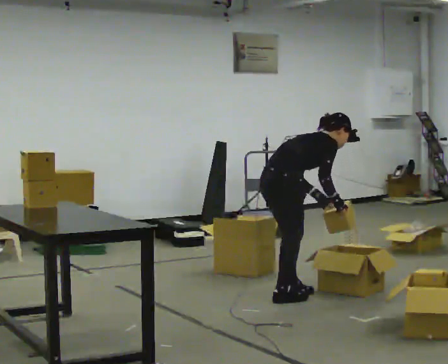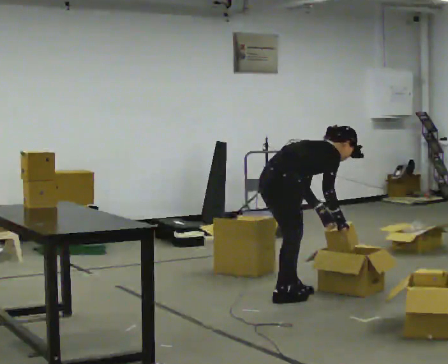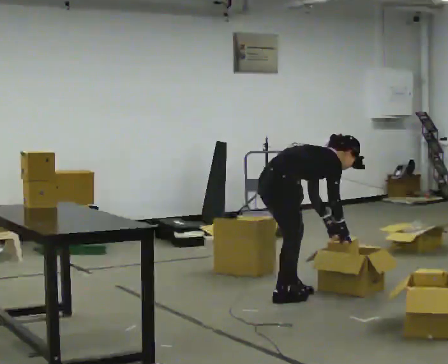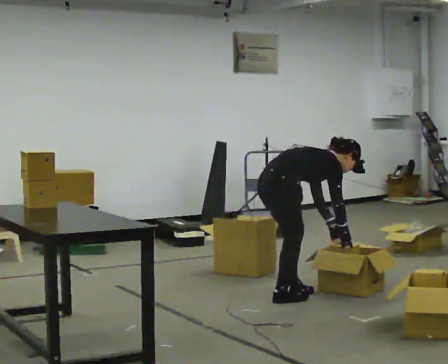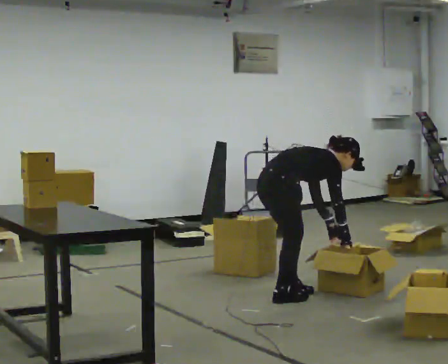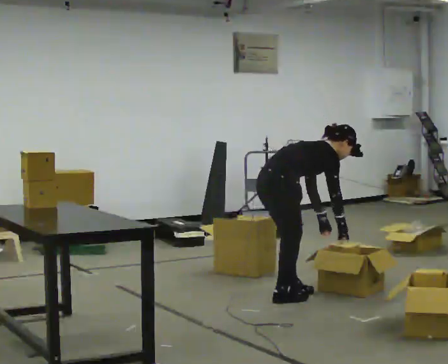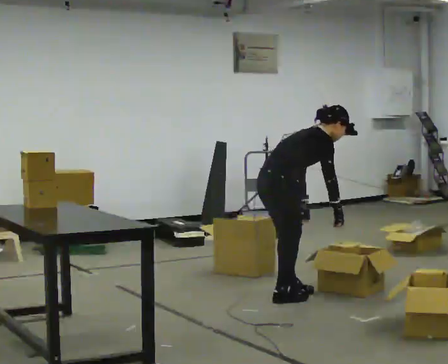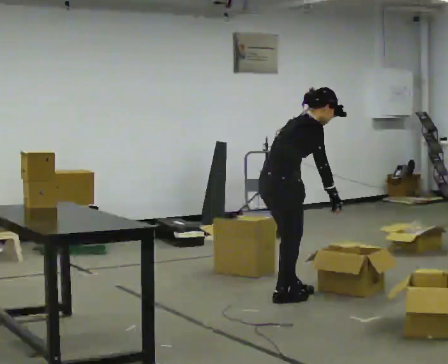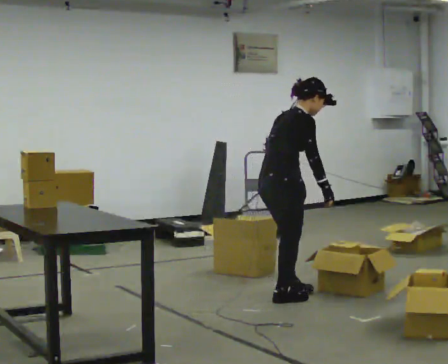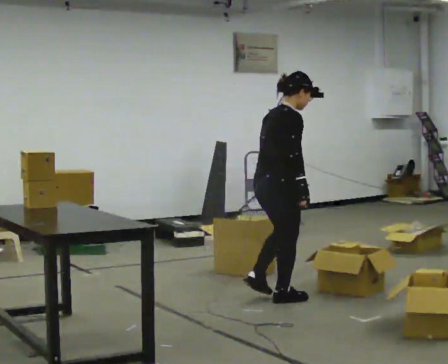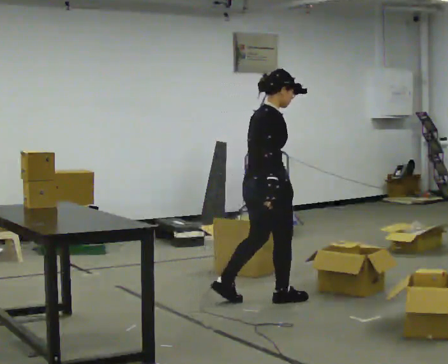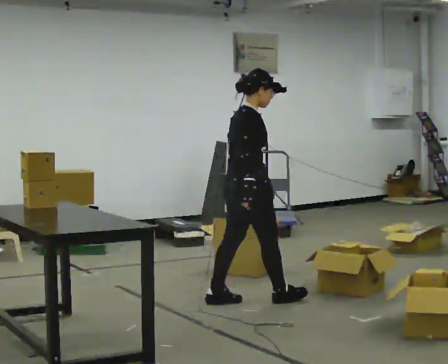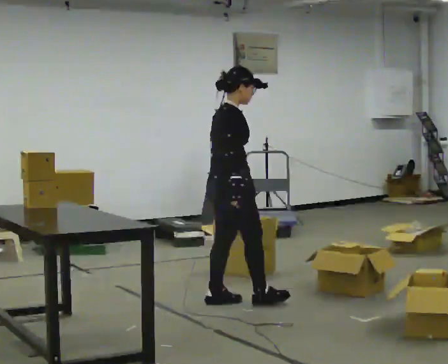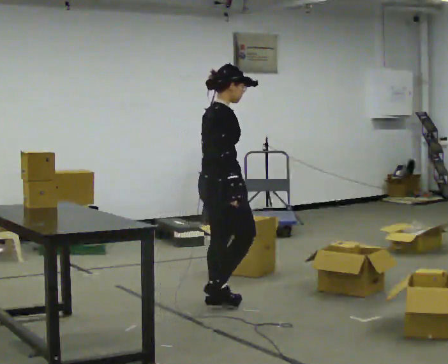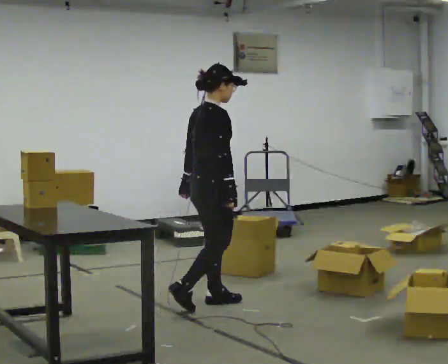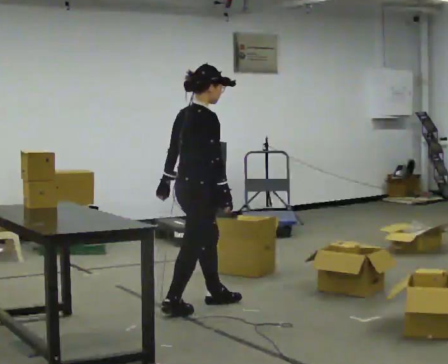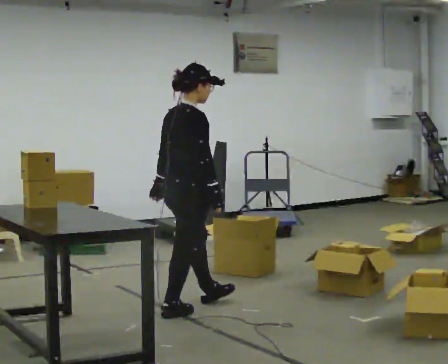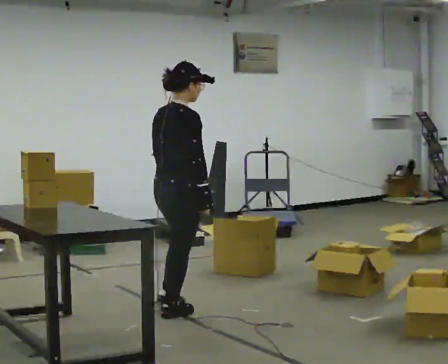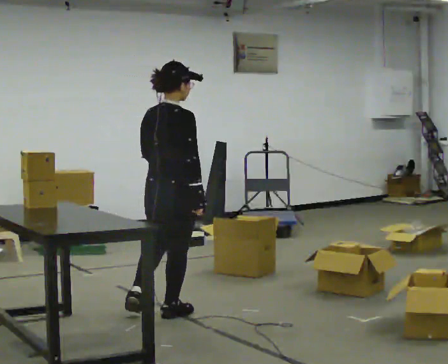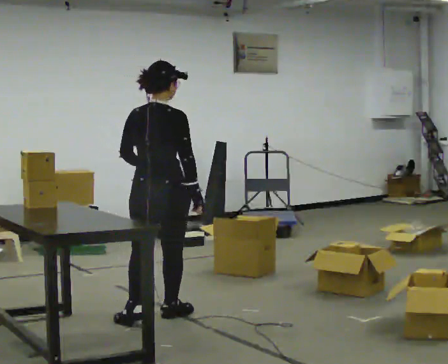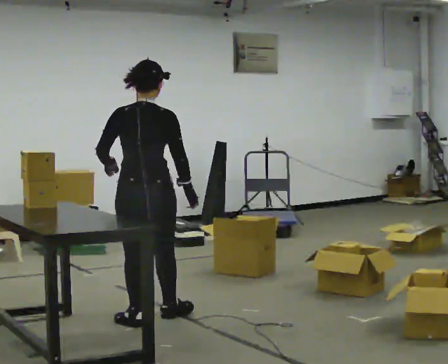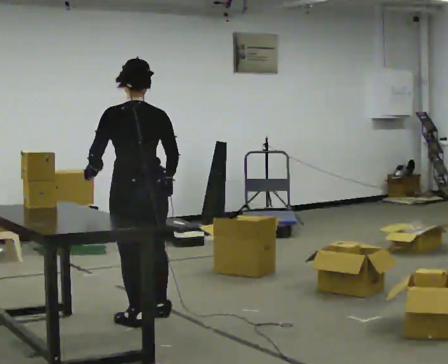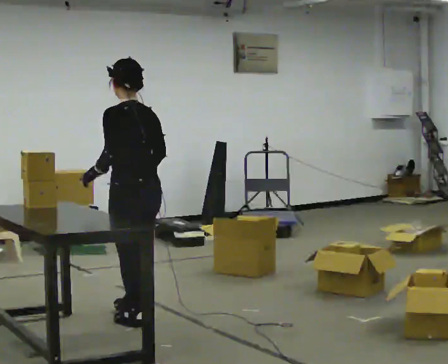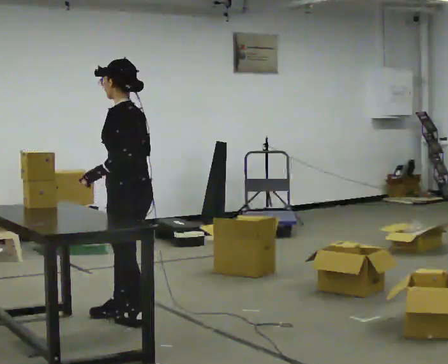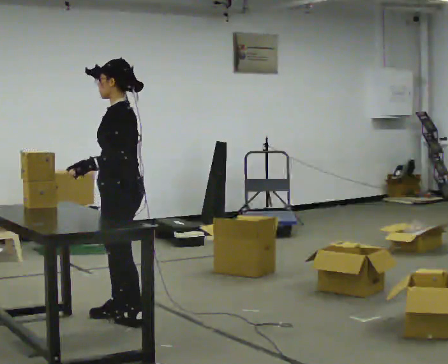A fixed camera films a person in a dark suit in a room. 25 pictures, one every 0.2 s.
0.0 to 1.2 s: The person moves a little, or ends about where they began.
1.2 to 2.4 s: In the picture they go to the left, about 0.25 m in 2 steps, which for them is backward. The upper body goes upward. In the picture the upper body tilts counterclockwise, shoulders to the left, as they lean back or straighten.
2.4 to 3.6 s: The part of the body nearest the lens slides to the right as the person turns to their left by about 45 degrees. In the picture they go to the left and toward the camera, about 0.5 m in 1 step, which for them is backward.
3.6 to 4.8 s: The part of the body nearest the lens slides to the right as the person turns to their left by about 120 degrees. In the picture they go to the left, about 0.25 m in 1 step.
The film runs backward here.
